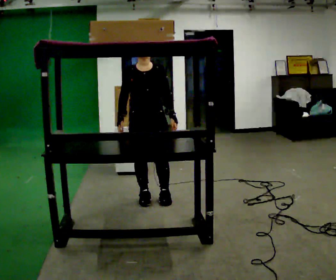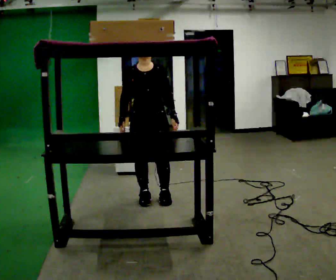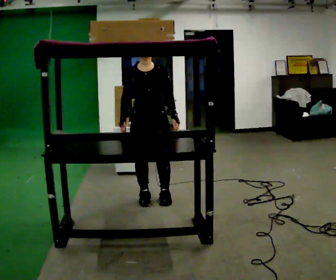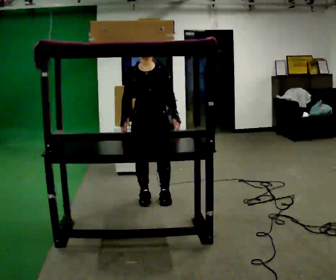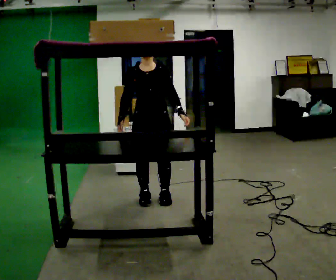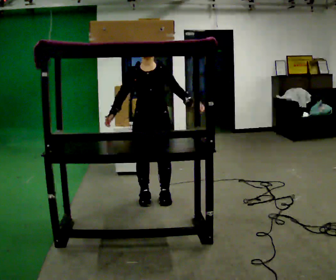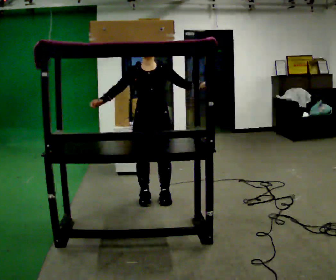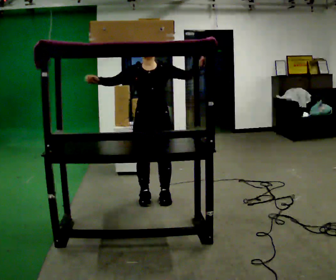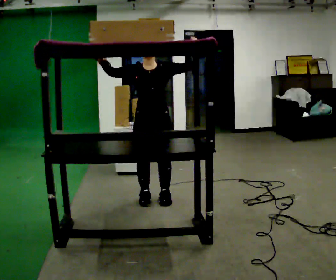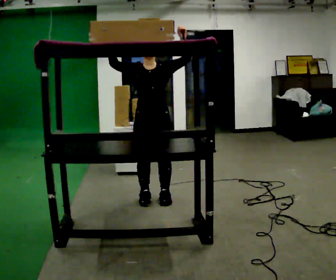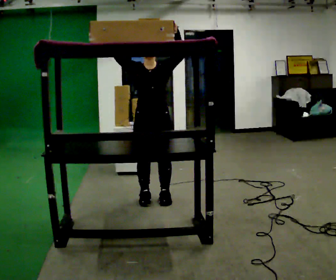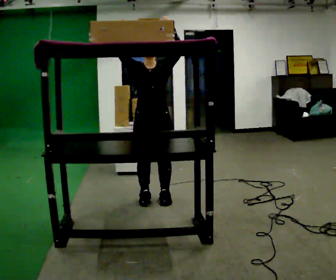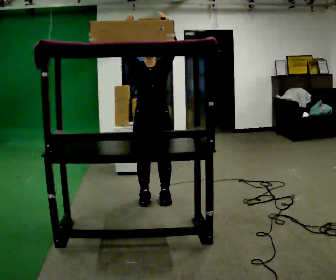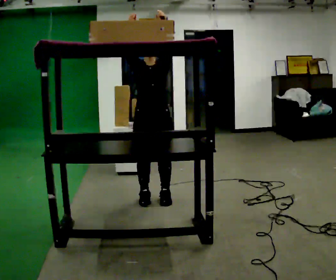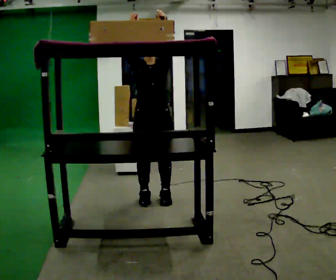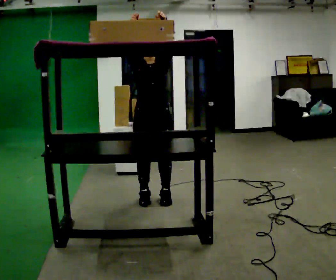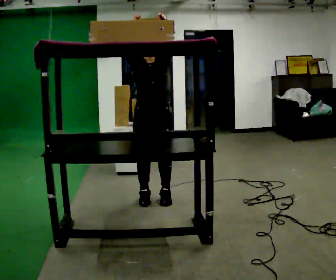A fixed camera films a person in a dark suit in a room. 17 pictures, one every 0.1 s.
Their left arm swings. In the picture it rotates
counterclockwise.
Their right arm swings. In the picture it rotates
clockwise.
0.0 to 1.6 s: In the picture their right hand goes upward, the arm swinging clockwise.
The film runs forward here.
